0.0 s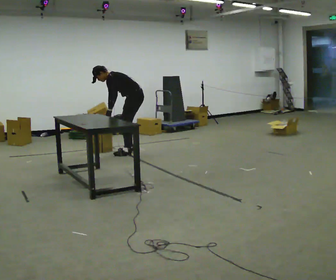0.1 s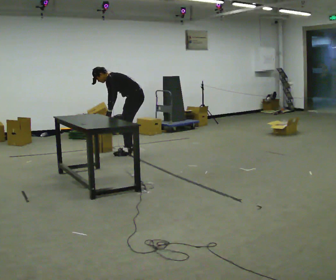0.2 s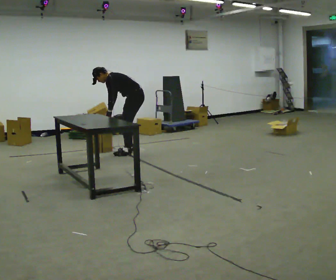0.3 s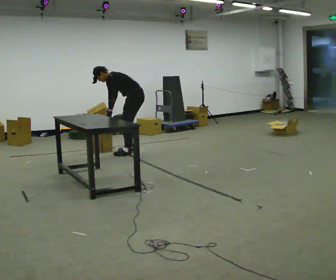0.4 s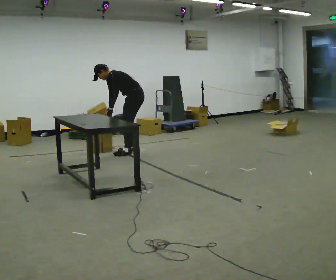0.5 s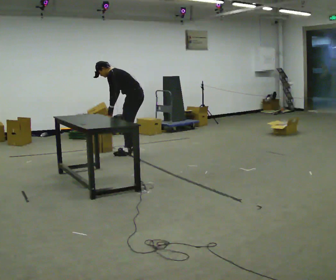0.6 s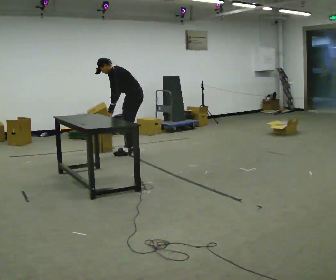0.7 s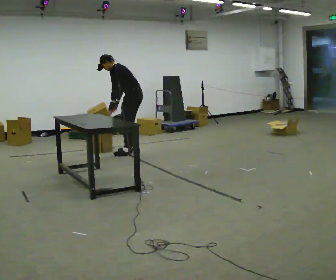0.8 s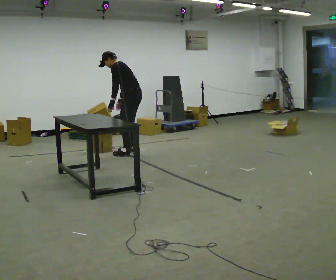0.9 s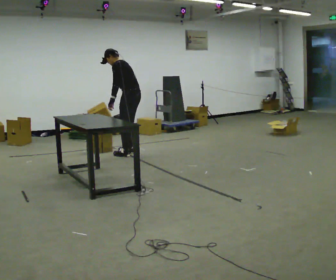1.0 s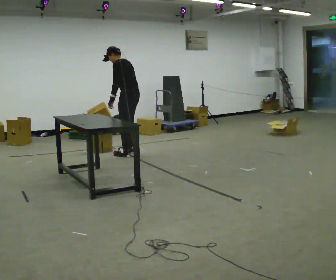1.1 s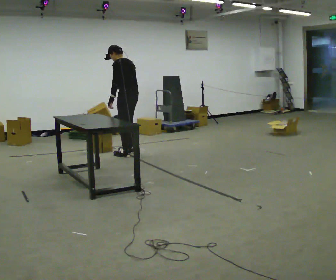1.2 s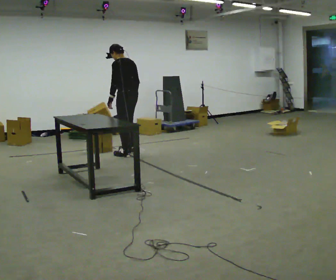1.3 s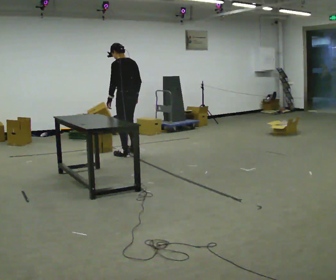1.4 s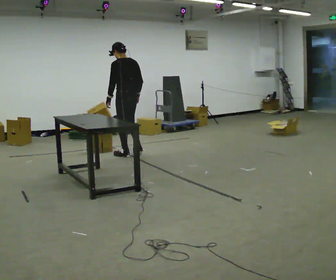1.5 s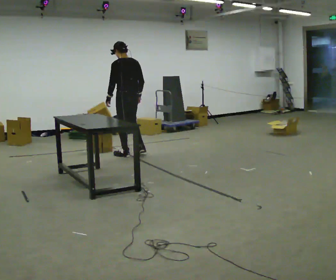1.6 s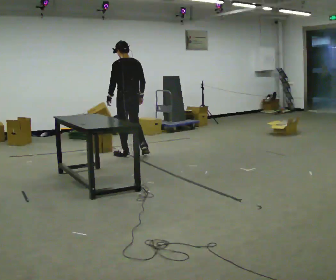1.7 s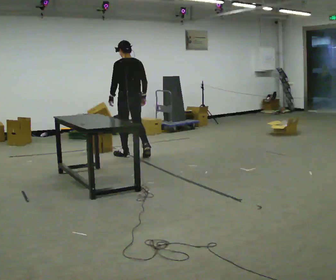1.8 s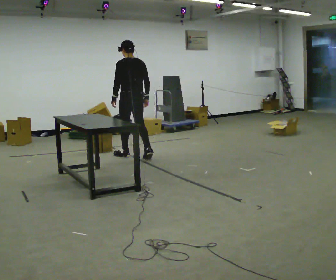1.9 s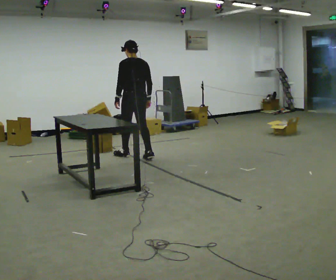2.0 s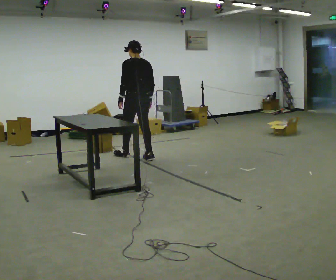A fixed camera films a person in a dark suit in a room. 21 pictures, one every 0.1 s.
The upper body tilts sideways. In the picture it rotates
clockwise.
0.0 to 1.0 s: The upper body goes upward. In the picture the upper body tilts clockwise, shoulders to the right, as they lean back or straighten.
1.0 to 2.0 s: The person turns about 30 degrees to their right, clockwise seen from above, so the part of the body nearest the lens slides to the left. In the picture they go toward the camera, about 0.25 m in 1 step, which for them is backward. In the picture the upper body tilts clockwise, shoulders to the right, as they lean back or straighten.
The film runs backward here.
